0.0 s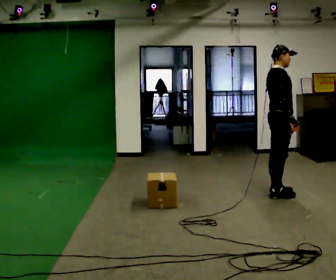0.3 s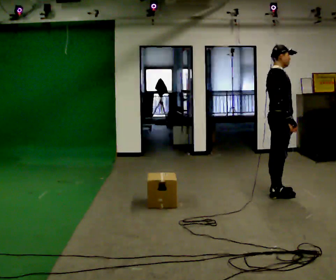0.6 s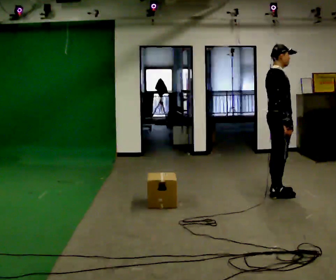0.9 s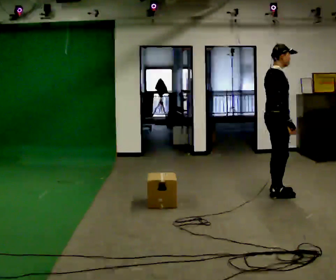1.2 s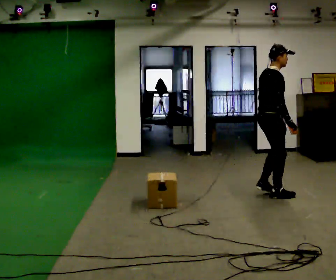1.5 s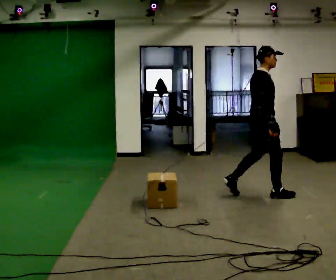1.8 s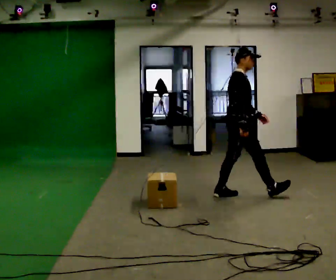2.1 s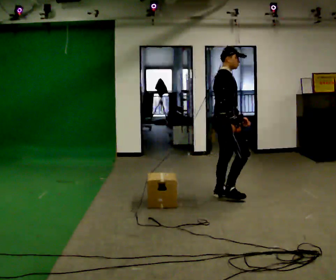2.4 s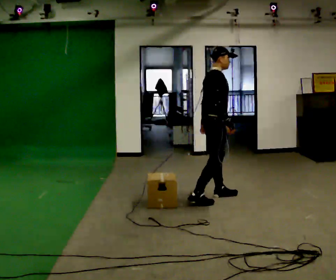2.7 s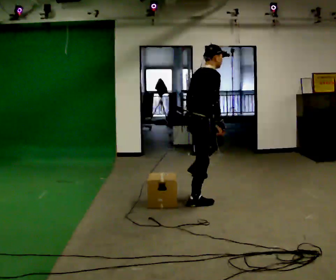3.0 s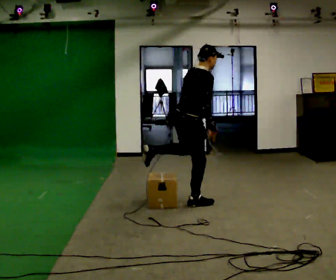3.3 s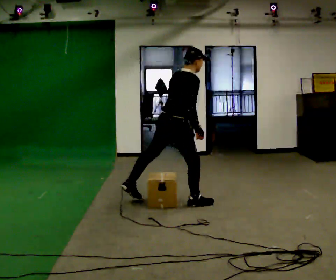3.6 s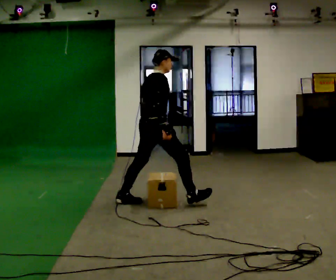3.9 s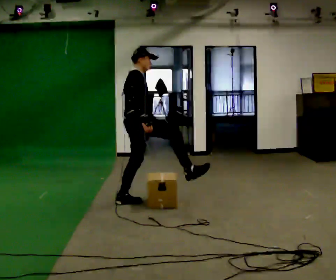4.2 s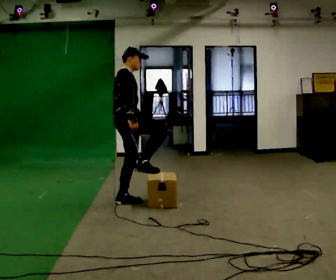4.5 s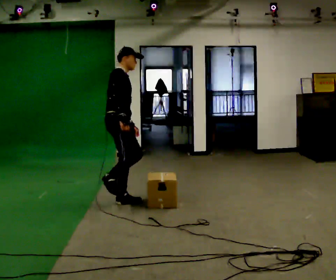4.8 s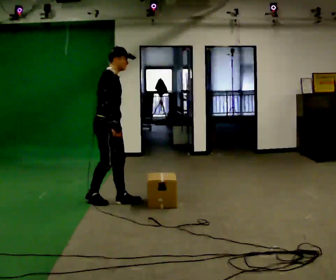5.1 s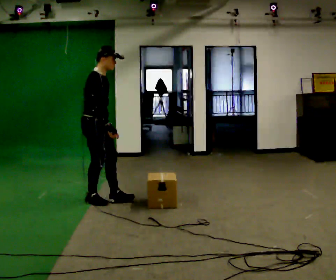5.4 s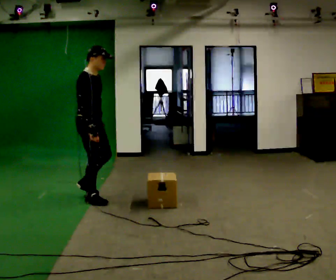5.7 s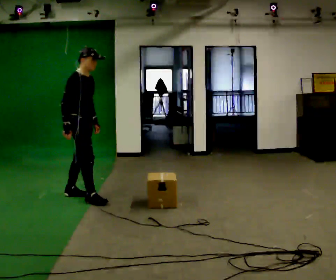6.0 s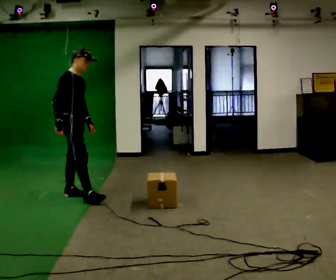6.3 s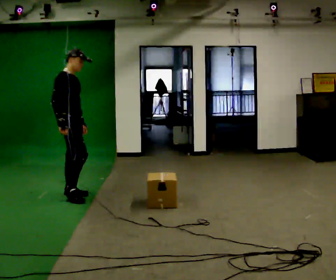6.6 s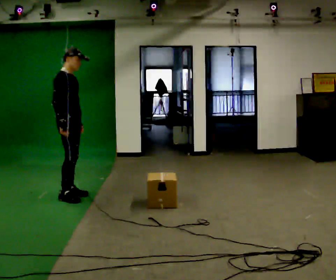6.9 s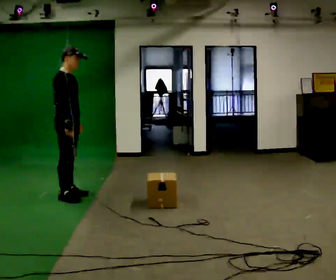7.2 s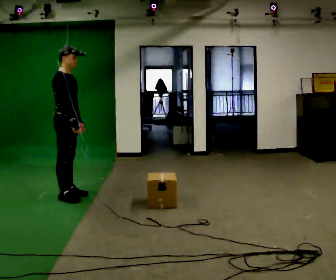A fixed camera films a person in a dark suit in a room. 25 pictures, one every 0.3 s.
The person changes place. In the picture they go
to the left.
0.0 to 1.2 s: The person moves a little, or ends about where they began.
1.2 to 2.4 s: In the picture they go to the left, about 0.75 m in 1 step, which for them is backward.
2.4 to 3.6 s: The person turns about 30 degrees to their left, counterclockwise seen from above, so the part of the body nearest the lens slides to the right. In the picture they go to the left, about 0.75 m in 2 steps, which for them is backward.
3.6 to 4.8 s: The person turns about 30 degrees to their right, clockwise seen from above, so the part of the body nearest the lens slides to the left. In the picture they go to the left, about 0.5 m, which for them is backward.
4.8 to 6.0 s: In the picture they go to the left and away from the camera, about 0.5 m in 2 steps, which for them is backward.
6.0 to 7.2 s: The person moves a little, or ends about where they began.
The film runs backward here.
